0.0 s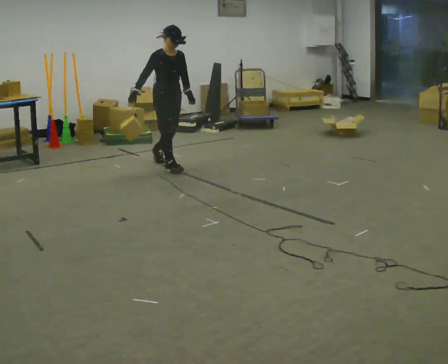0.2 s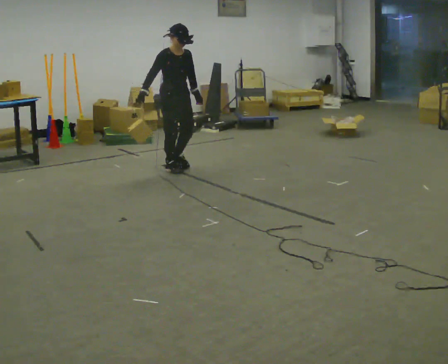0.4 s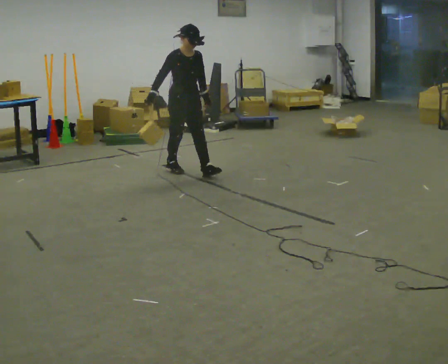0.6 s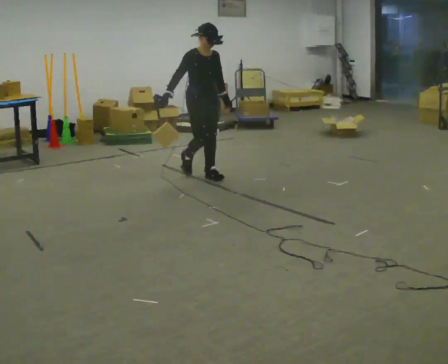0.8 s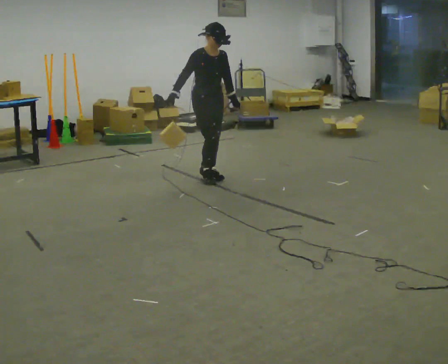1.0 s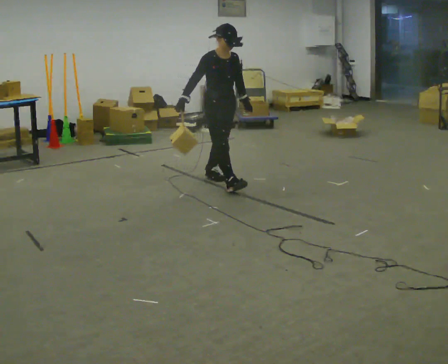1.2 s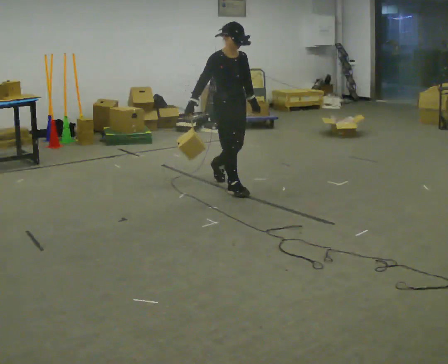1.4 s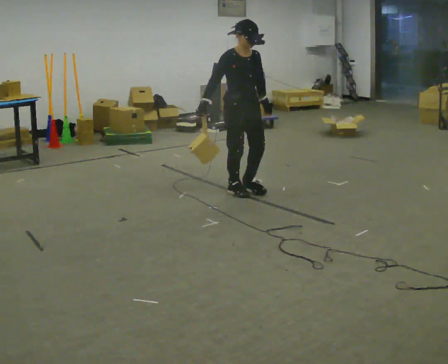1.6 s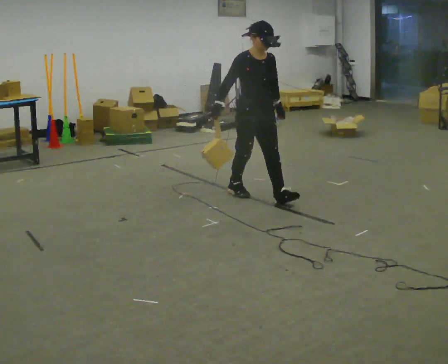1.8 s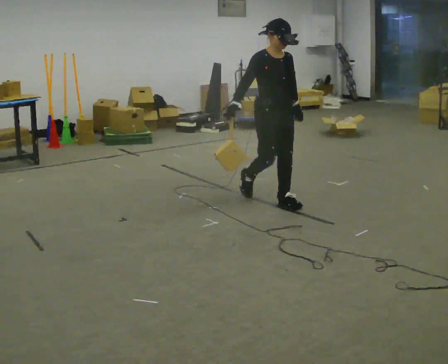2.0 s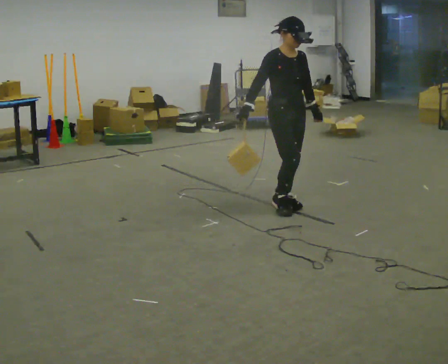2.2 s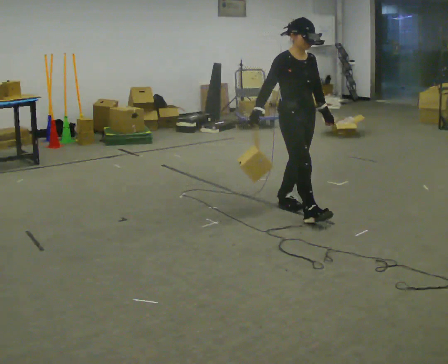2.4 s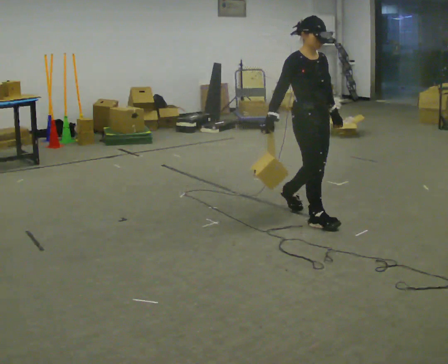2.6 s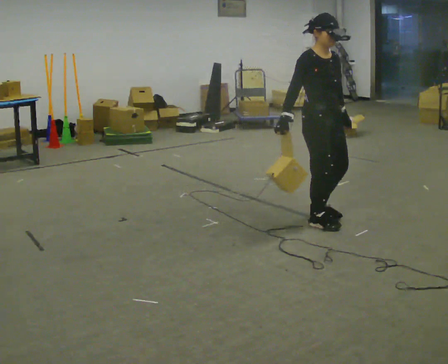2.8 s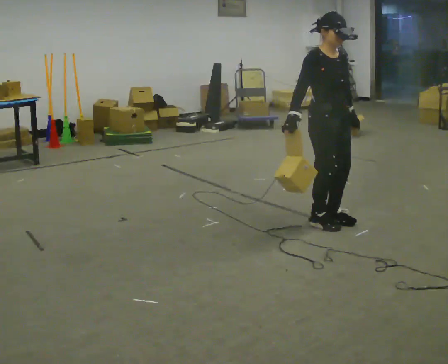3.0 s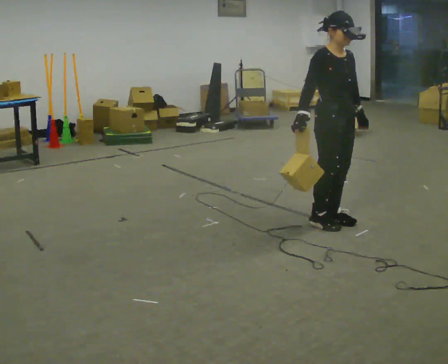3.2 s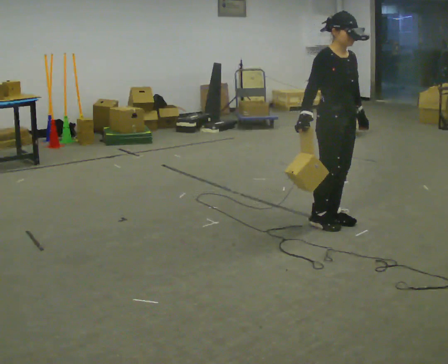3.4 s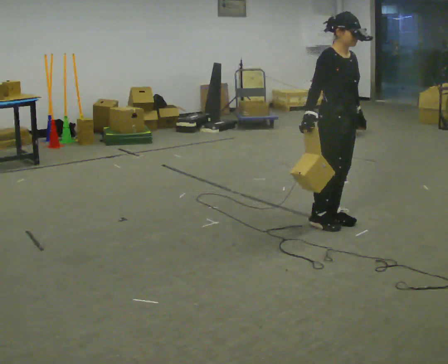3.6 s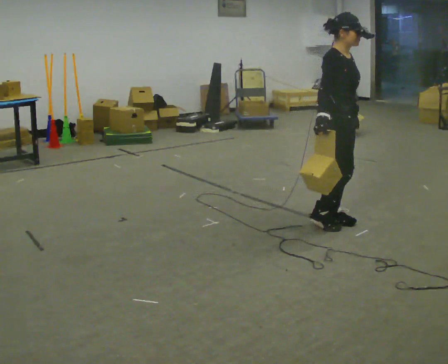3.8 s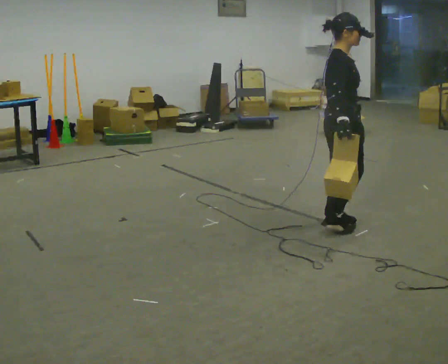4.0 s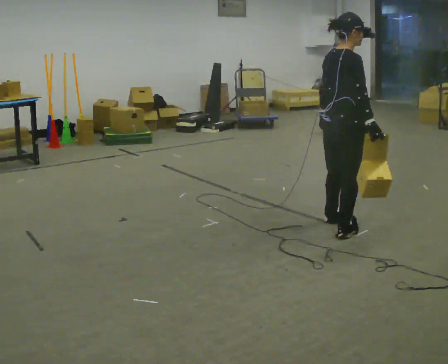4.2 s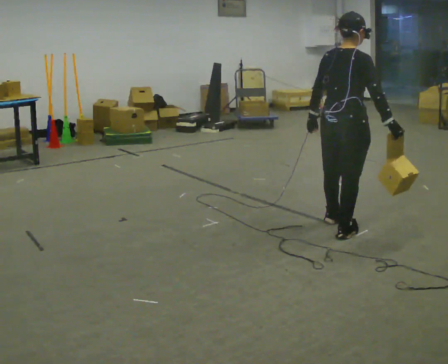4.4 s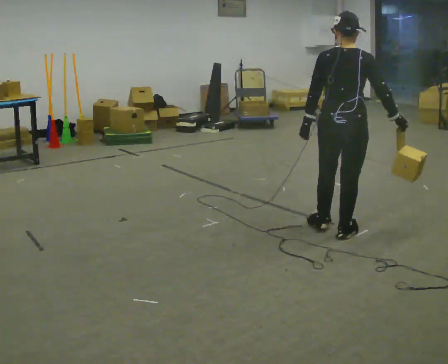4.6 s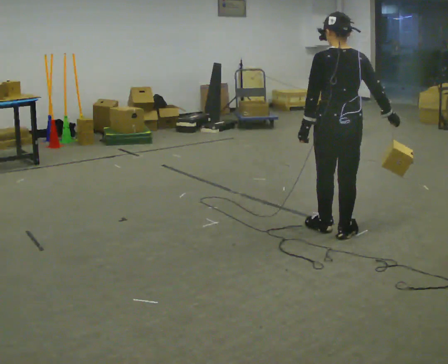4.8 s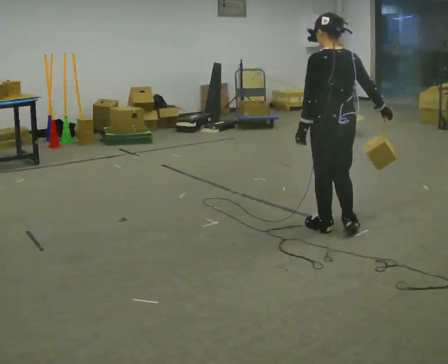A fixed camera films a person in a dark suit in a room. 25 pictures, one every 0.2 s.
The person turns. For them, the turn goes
to their left.
Their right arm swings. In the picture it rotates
counterclockwise.
0.0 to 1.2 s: In the picture they go to the right and toward the camera, about 1 m in 2 steps, which for them is forward.
1.2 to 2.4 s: In the picture they go toward the camera and to the right, about 1 m in 2 steps, which for them is forward.
2.4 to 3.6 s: In the picture they go to the right, about 0.25 m in 1 step, which for them is forward. In the picture their right hand goes to the right.
3.6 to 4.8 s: The person turns about 135 degrees to their left, counterclockwise seen from above, so the part of the body nearest the lens slides to the right. In the picture their right hand goes to the right, the arm swinging counterclockwise.
The film runs forward here.
